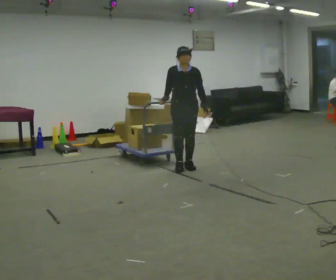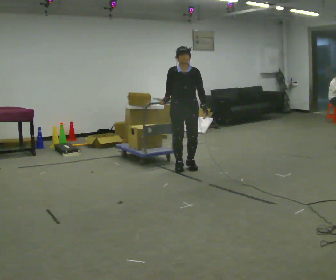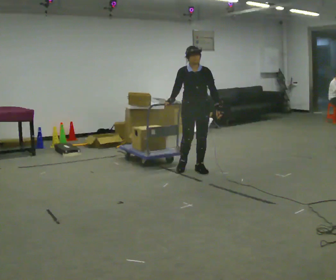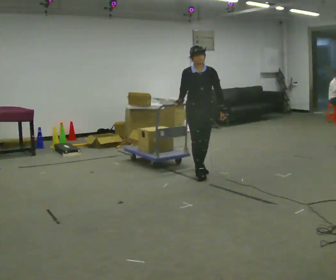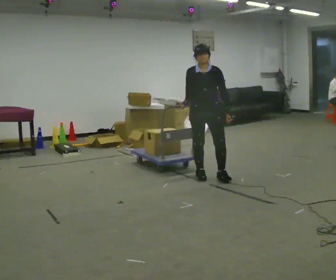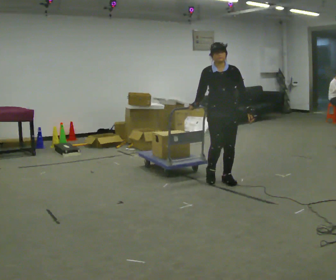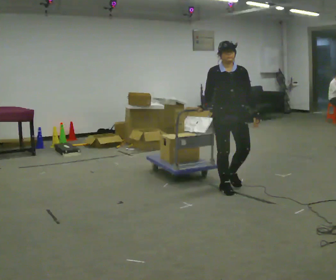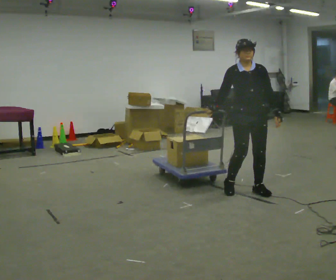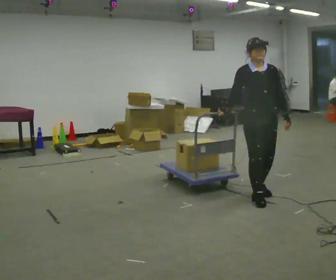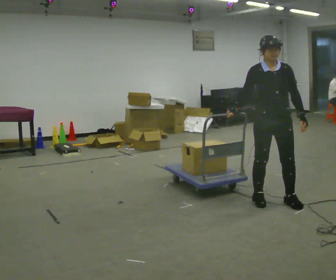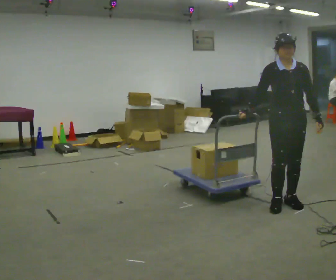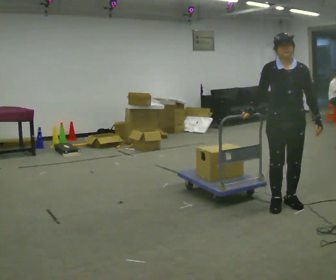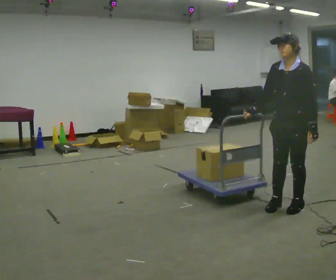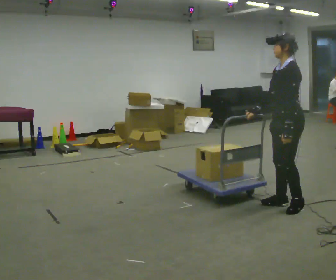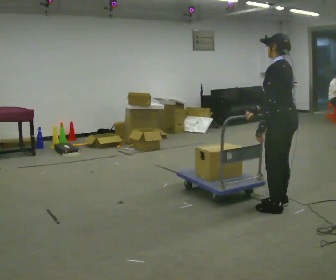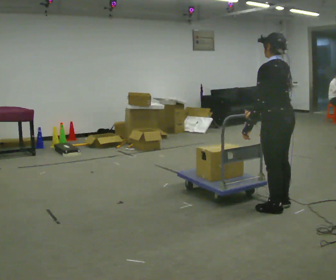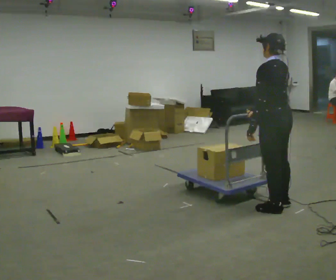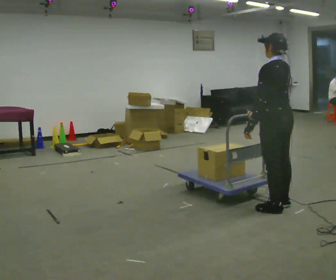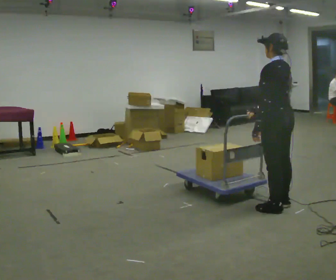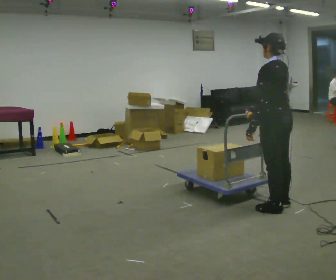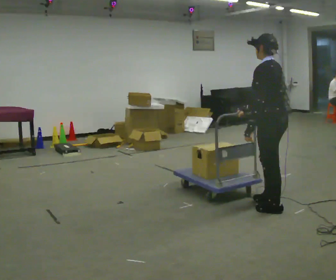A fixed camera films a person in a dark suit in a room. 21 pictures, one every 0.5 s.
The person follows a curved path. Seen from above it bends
clockwise.
0.0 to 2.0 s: In the picture they go to the right and toward the camera, about 0.5 m in 2 steps, which for them is forward and to their left.
2.0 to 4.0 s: In the picture they go to the right and toward the camera, about 1 m in 4 steps, which for them is forward and to their left.
4.0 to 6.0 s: Seen from above the body turns clockwise, about 60 degrees: to their right, with its near side sliding to the left. In the picture they go to the right and toward the camera, about 0.5 m in 2 steps, which for them is forward and to their left.
6.0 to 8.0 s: Seen from above the body turns clockwise, about 90 degrees: to their right, with its near side sliding to the left. In the picture they go to the left, about 0.25 m in 1 step. In the picture their left hand goes to the left.
8.0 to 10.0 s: The person moves a little, or ends about where they began.
The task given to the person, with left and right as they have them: Push the cart across the room using only the hand the operator calls. Keep your other arm at your side.
The film runs forward here.
